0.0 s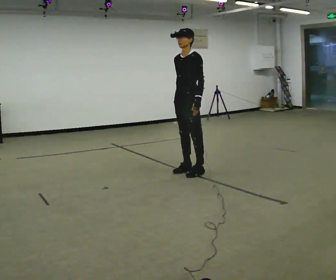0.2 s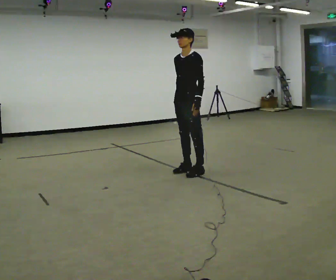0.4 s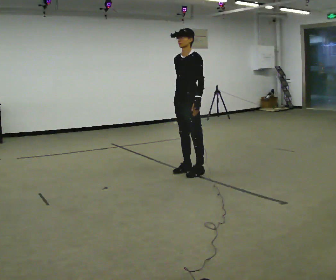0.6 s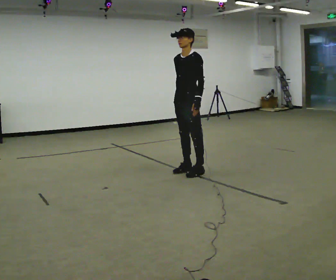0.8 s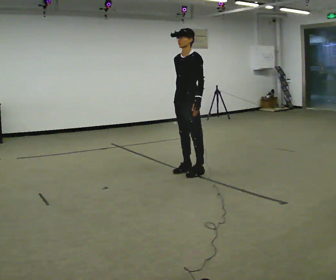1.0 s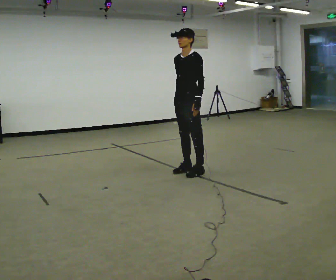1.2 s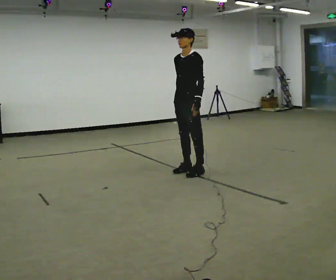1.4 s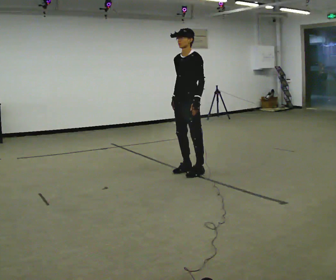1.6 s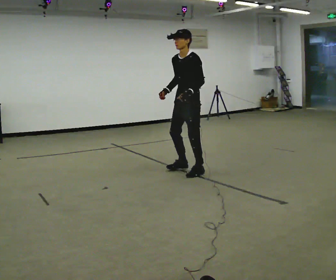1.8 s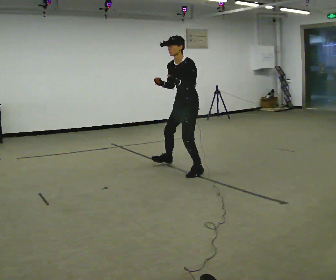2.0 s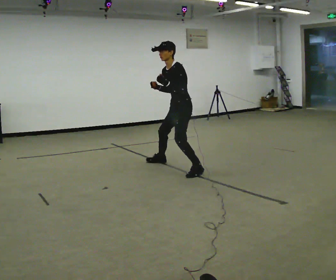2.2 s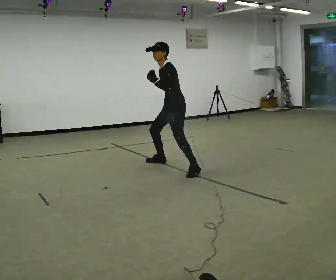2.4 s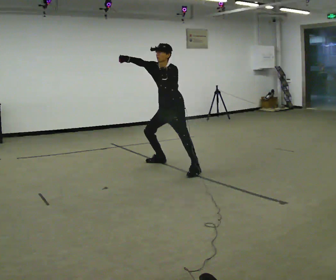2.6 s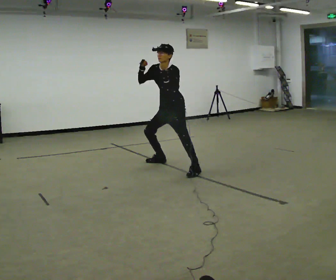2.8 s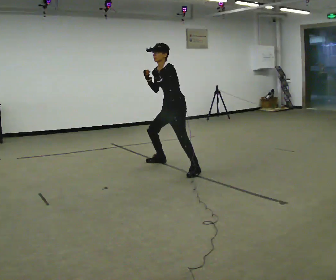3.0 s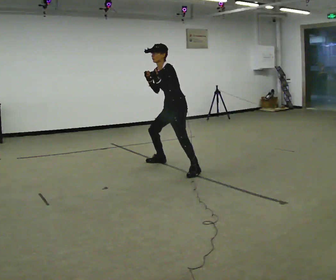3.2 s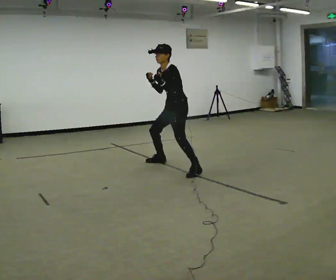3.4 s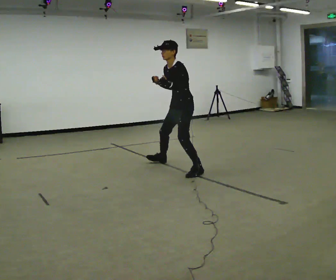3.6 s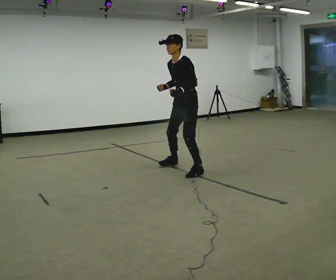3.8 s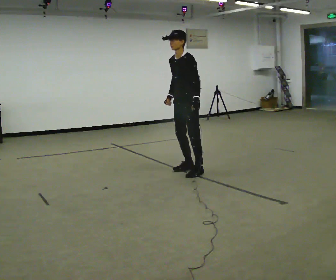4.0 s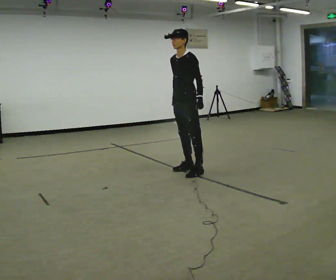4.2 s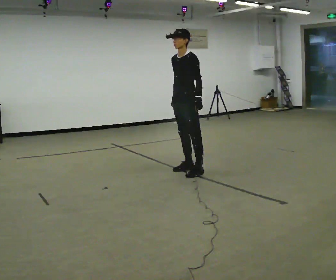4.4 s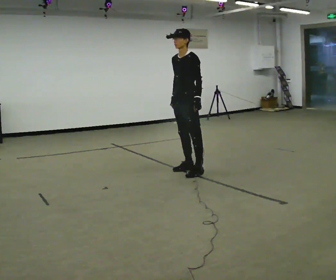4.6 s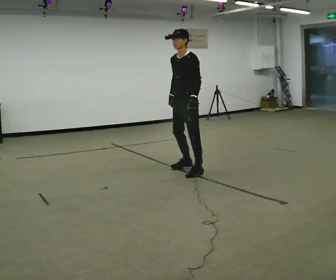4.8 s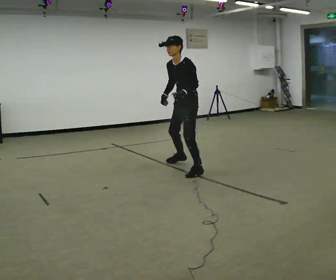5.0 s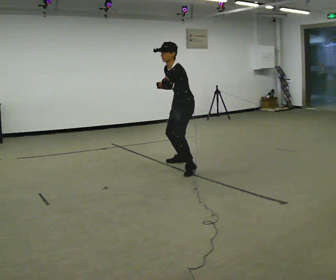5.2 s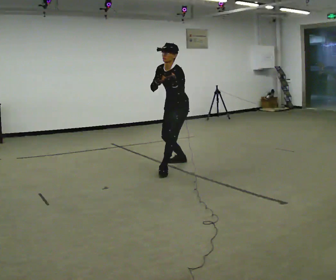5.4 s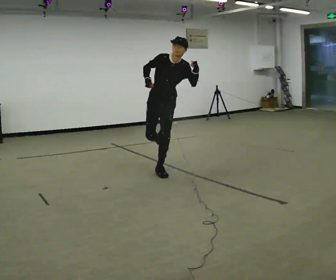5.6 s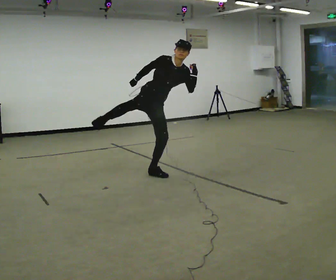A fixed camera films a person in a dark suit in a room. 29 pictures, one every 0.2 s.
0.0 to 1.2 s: The person keeps their place and pose.
1.2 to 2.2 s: In the picture they go away from the camera and to the left, about 0.25 m in 1 step, which for them is to their right. In the picture the upper body tilts counterclockwise, shoulders to the left, as they bend forward.
2.2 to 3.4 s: The person moves a little, or ends about where they began.
3.4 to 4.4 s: In the picture they go toward the camera, about 0.25 m in 1 step, which for them is to their left.
4.4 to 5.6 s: The part of the body nearest the lens slides to the right as the person turns to their left by about 90 degrees. In the picture they go to the left, about 0.5 m in 2 steps.
The film runs forward here.
